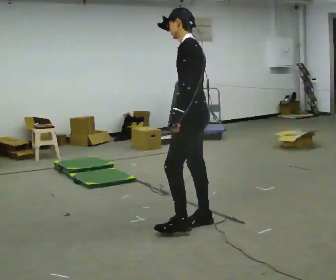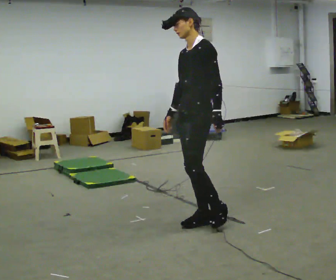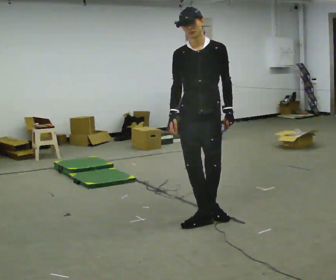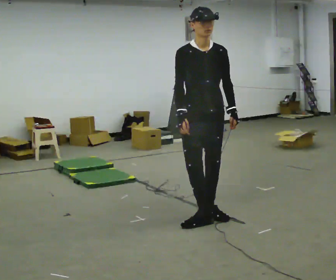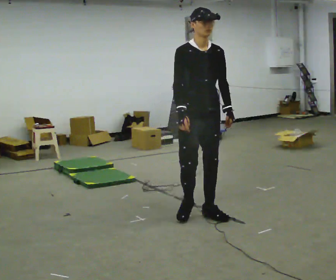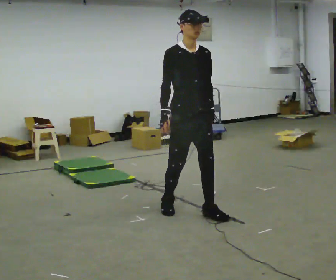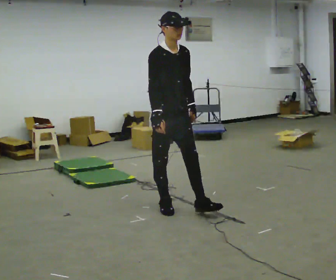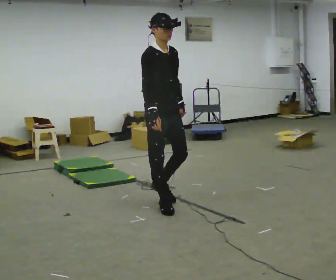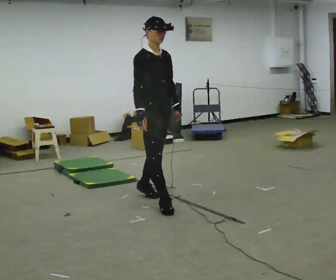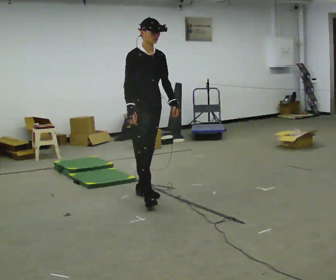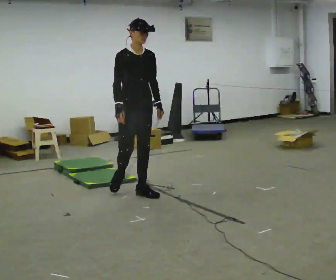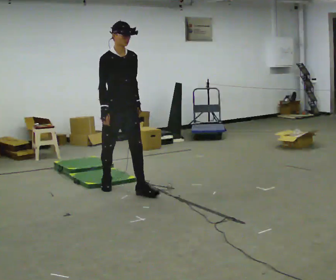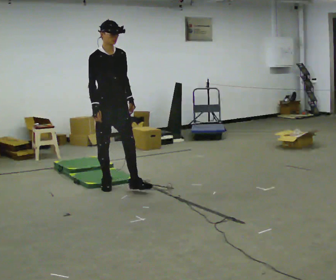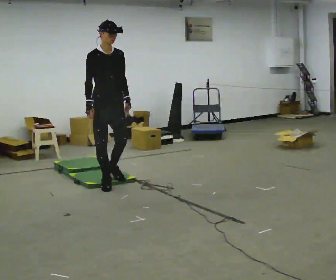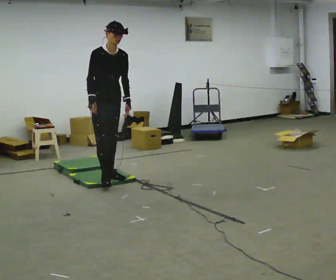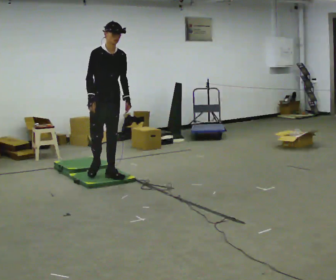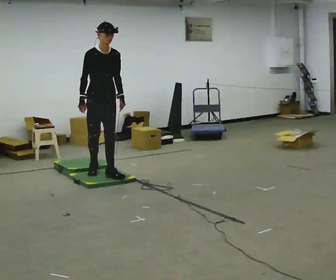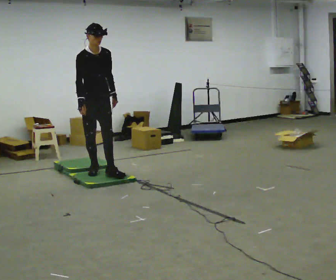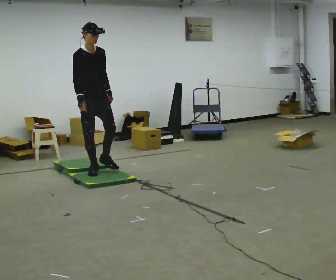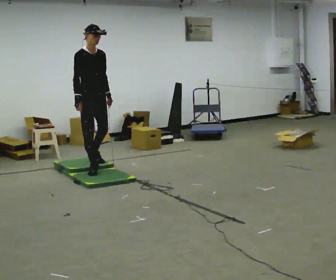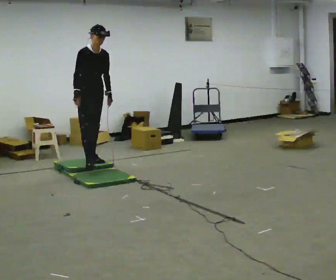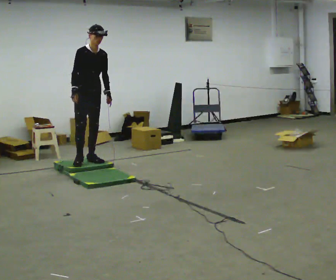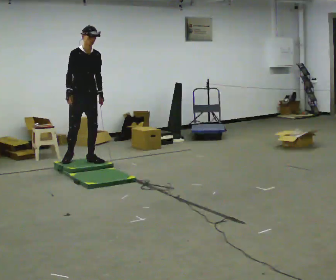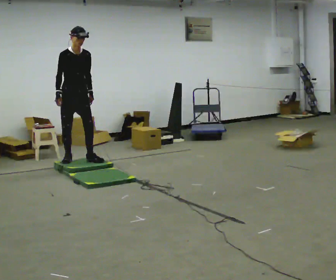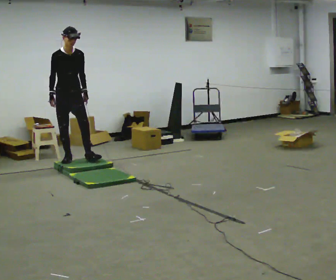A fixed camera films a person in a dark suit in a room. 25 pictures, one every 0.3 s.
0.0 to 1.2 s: The person turns about 120 degrees to their left, counterclockwise seen from above, so the part of the body nearest the lens slides to the right. In the picture they go away from the camera, about 0.25 m in 1 step.
1.2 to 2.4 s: Seen from above the body turns counterclockwise, about 30 degrees: to their left, with its near side sliding to the right. In the picture they go away from the camera and to the left, about 0.5 m in 1 step, which for them is backward.
2.4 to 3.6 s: In the picture they go away from the camera and to the left, about 0.5 m in 2 steps, which for them is backward.
3.6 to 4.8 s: In the picture they go away from the camera, about 0.5 m in 1 step, which for them is backward.
4.8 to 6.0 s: In the picture they go away from the camera, about 0.5 m in 2 steps, which for them is backward.
6.0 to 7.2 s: In the picture they go to the left and away from the camera, about 0.25 m, which for them is backward and to their right.
The film runs backward here.
